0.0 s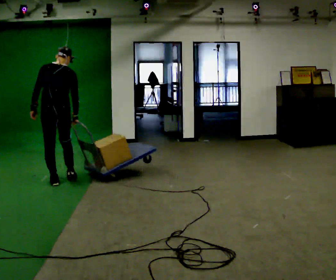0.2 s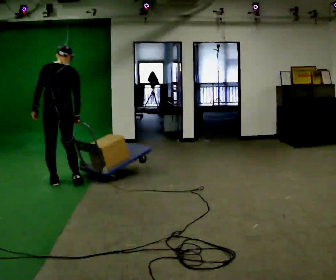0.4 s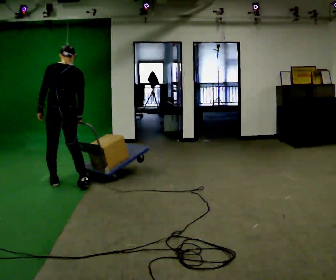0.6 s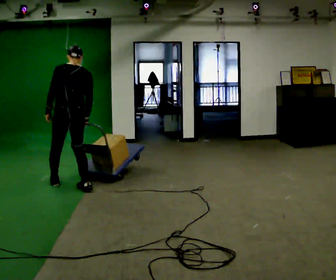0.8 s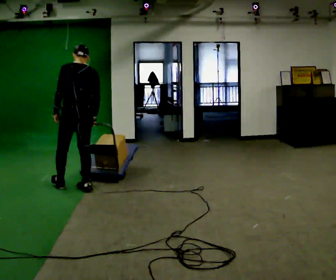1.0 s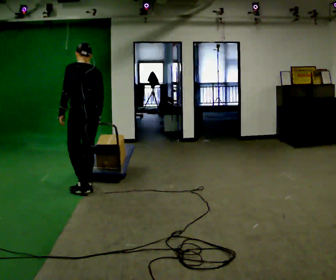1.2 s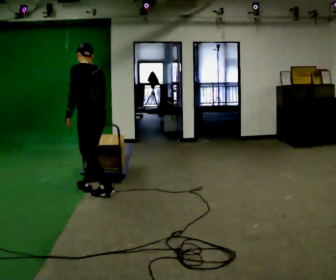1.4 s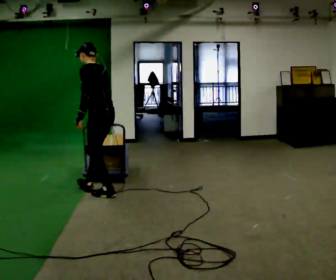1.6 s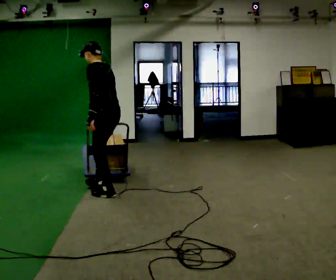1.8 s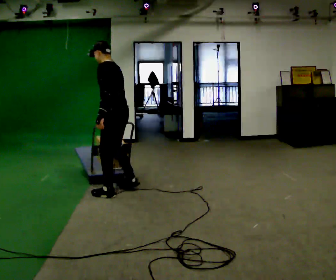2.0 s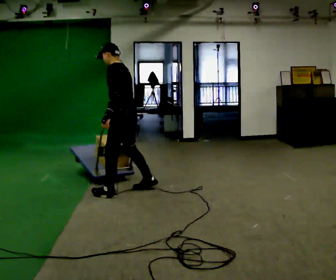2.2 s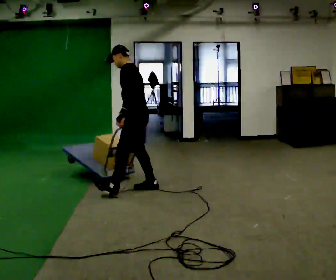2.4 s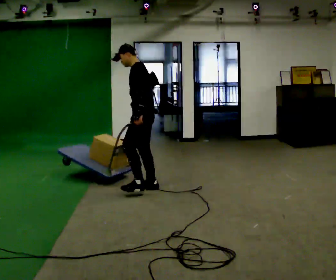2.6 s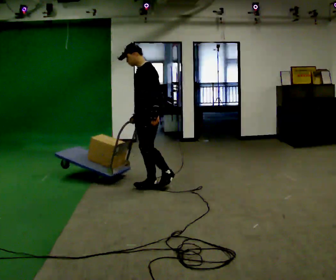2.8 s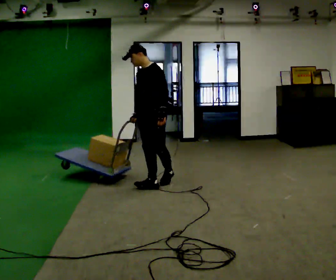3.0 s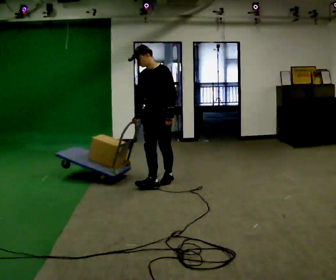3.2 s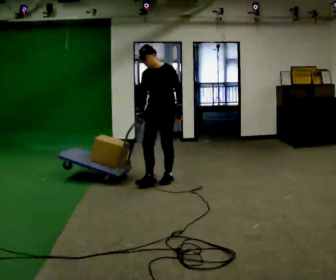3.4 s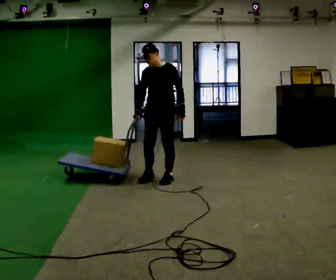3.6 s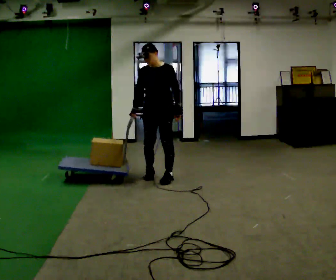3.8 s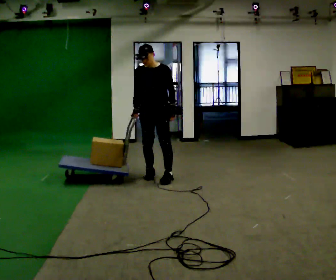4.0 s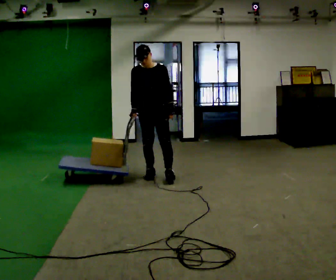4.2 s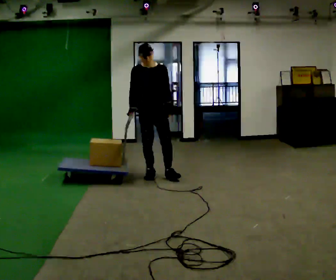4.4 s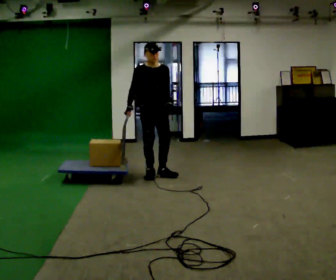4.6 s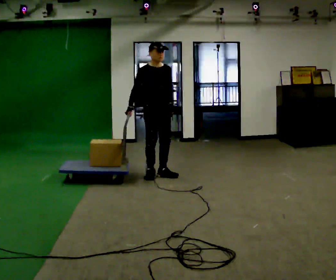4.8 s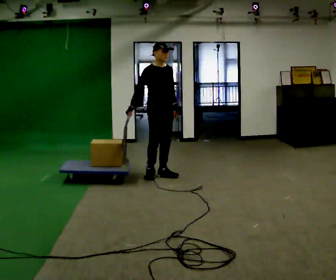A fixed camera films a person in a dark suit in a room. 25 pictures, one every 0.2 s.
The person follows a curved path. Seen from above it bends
counterclockwise.
The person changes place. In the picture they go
to the right.
0.0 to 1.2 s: The person turns about 45 degrees to their left, counterclockwise seen from above, so the part of the body nearest the lens slides to the right. In the picture they go to the right and toward the camera, about 0.5 m in 2 steps, which for them is backward and to their right.
1.2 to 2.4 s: The part of the body nearest the lens slides to the right as the person turns to their left by about 30 degrees. In the picture they go to the right, about 0.5 m in 1 step, which for them is backward and to their right.
2.4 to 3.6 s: The part of the body nearest the lens slides to the right as the person turns to their left by about 75 degrees. In the picture they go away from the camera, about 0.5 m in 2 steps.
3.6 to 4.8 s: Seen from above the body turns counterclockwise, about 60 degrees: to their left, with its near side sliding to the right.
The film runs forward here.
